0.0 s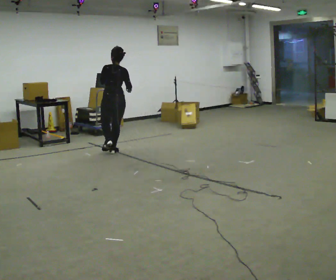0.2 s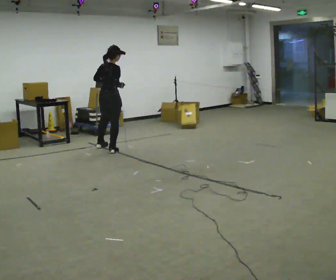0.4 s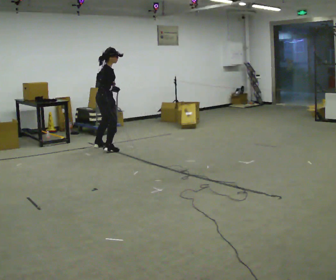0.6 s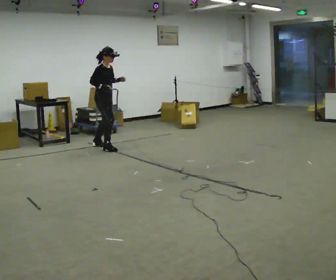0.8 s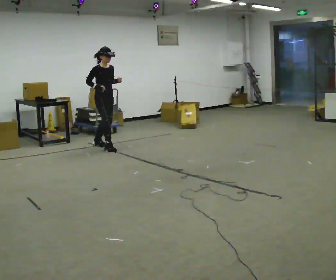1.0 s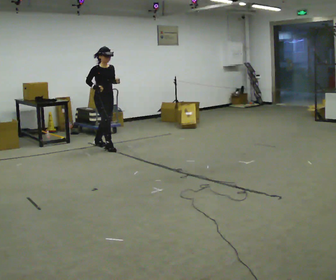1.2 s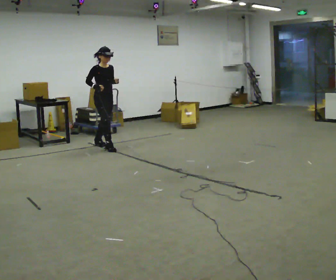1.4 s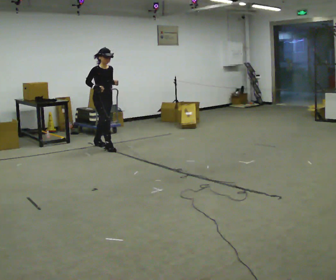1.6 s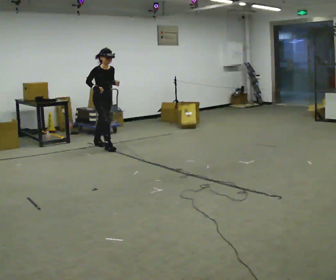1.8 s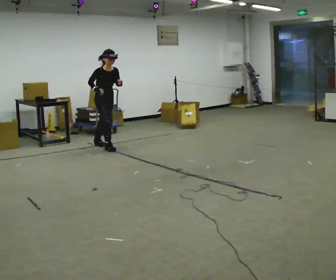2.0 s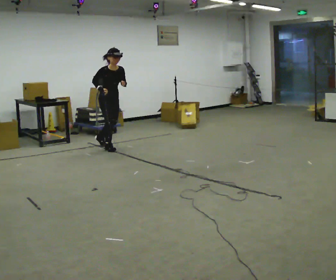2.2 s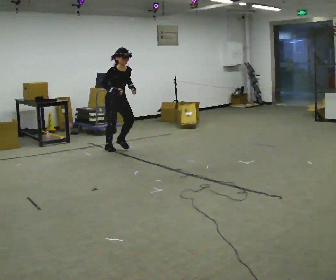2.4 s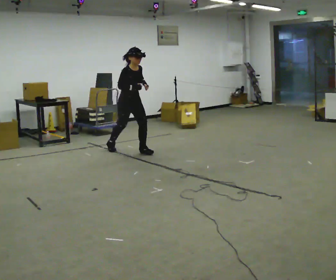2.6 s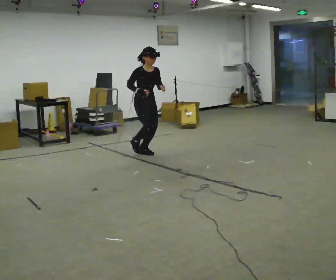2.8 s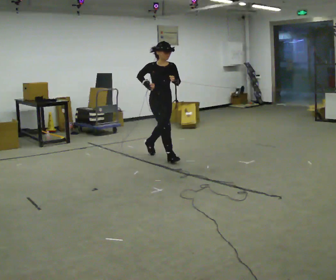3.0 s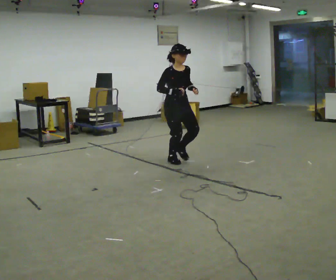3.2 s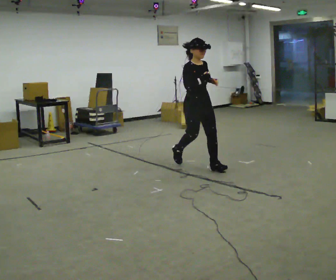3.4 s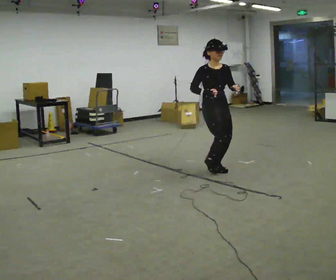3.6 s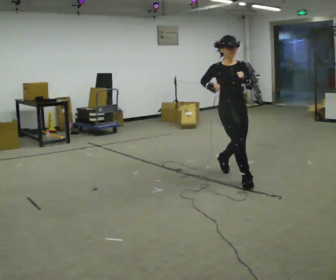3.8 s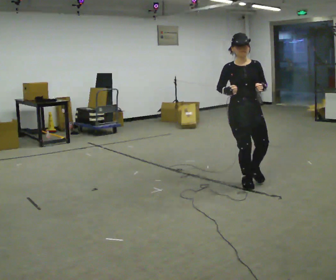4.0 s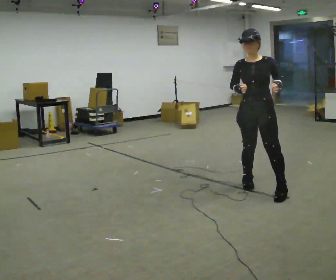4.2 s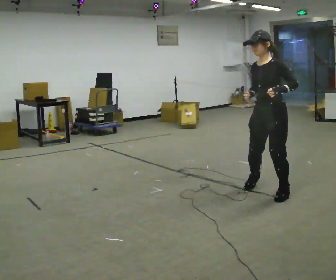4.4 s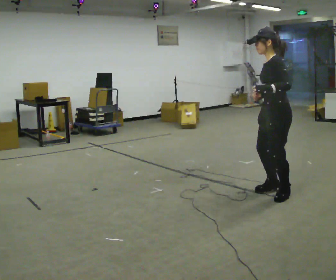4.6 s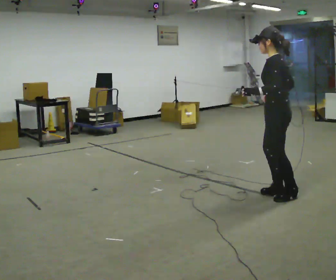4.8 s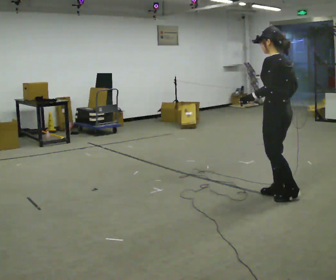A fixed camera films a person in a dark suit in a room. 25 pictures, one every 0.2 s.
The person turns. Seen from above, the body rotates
clockwise.
The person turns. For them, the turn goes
to their right.
0.0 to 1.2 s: The person turns about 135 degrees to their right, clockwise seen from above, so the part of the body nearest the lens slides to the left. In the picture they go away from the camera, about 0.5 m in 2 steps.
1.2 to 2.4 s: In the picture they go toward the camera and to the right, about 0.75 m, which for them is forward.
2.4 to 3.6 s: Seen from above the body turns clockwise, about 30 degrees: to their right, with its near side sliding to the left. In the picture they go toward the camera and to the right, about 2 m in 3 steps, which for them is forward. The upper body tips away from the camera, its near side rolling upward, as they lean back or straighten.
3.6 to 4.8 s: Seen from above the body turns clockwise, about 150 degrees: to their right, with its near side sliding to the left. In the picture they go toward the camera, about 1 m in 3 steps.
The film runs forward here.
